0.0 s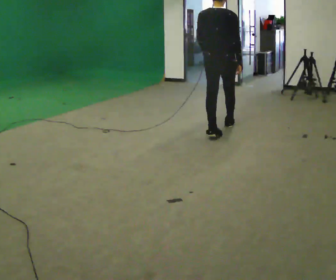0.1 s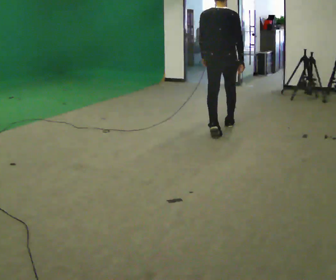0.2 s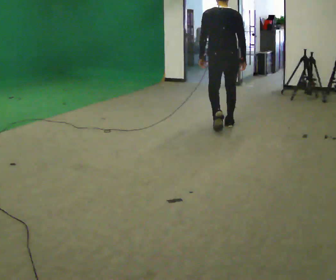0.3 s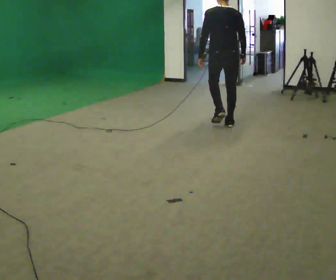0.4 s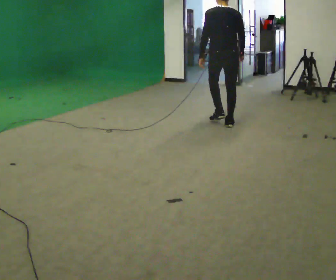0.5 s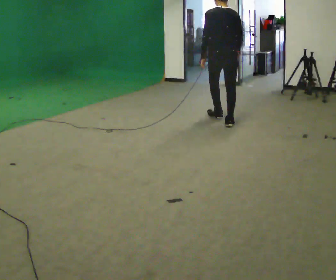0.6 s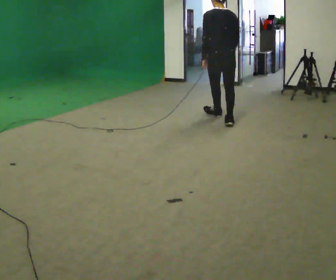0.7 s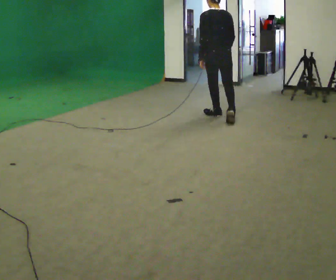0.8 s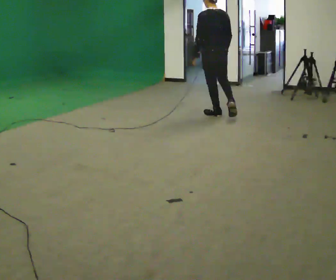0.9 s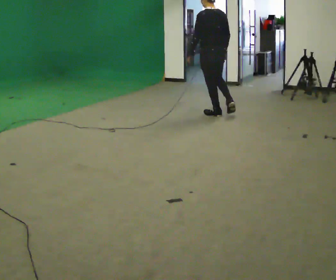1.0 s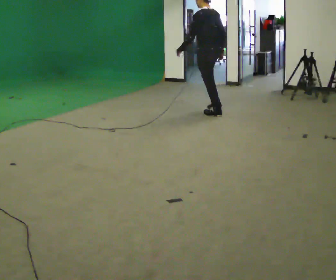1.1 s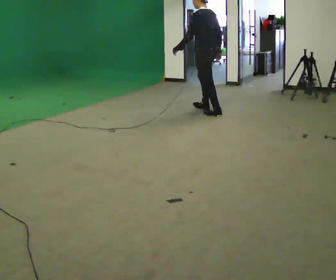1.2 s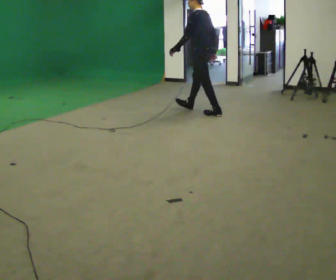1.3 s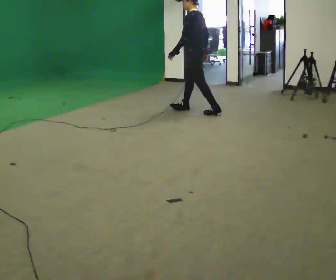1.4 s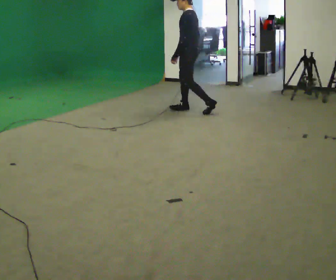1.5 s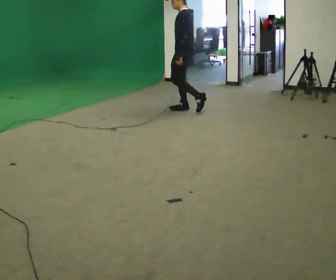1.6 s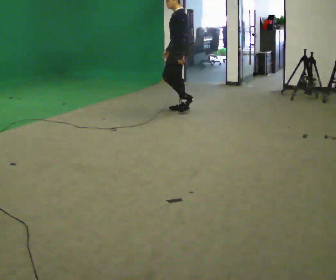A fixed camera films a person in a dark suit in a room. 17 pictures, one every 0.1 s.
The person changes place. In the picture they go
away from the camera.
The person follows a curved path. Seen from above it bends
counterclockwise.
0.0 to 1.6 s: Seen from above the body turns counterclockwise, about 105 degrees: to their left, with its near side sliding to the right. In the picture they go away from the camera and to the left, about 1 m in 2 steps.
The film runs forward here.
